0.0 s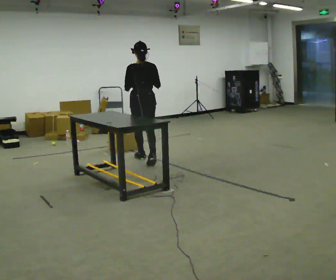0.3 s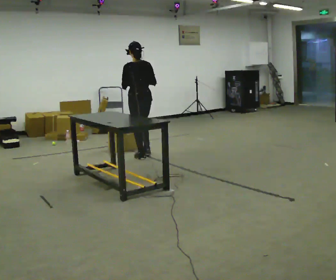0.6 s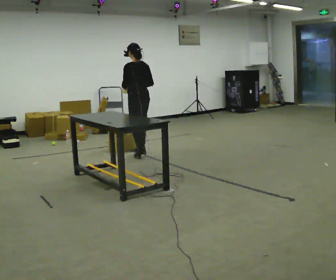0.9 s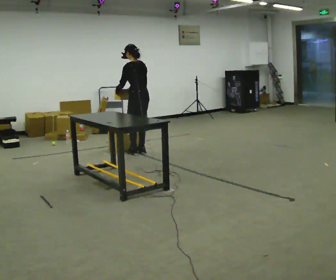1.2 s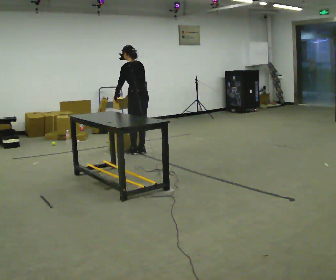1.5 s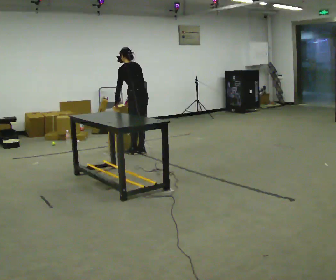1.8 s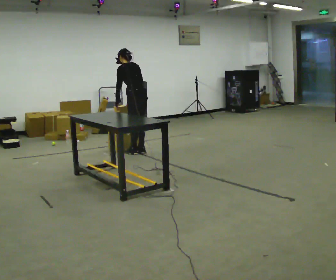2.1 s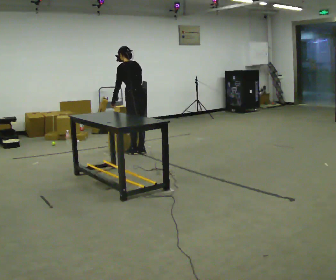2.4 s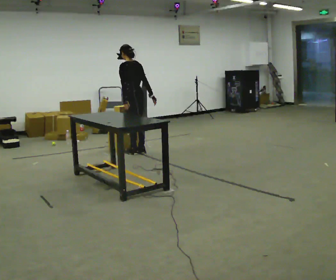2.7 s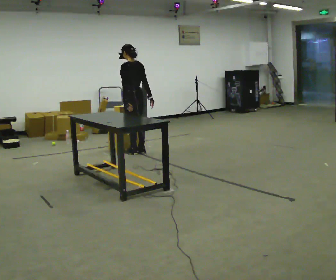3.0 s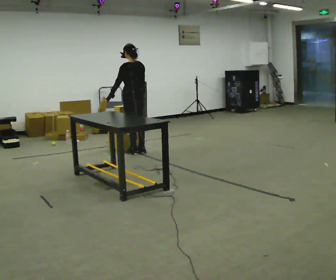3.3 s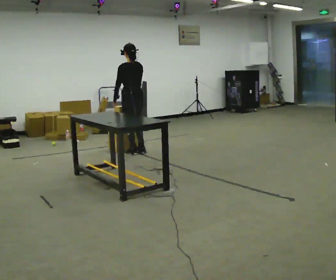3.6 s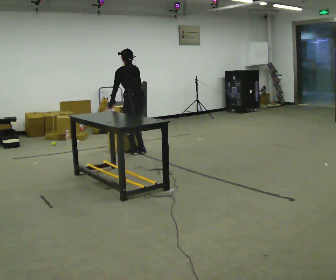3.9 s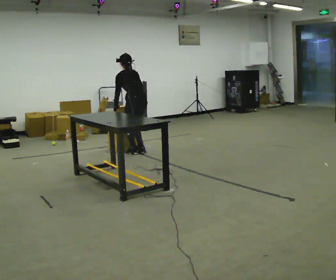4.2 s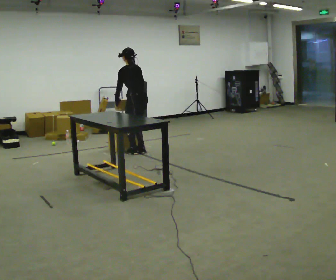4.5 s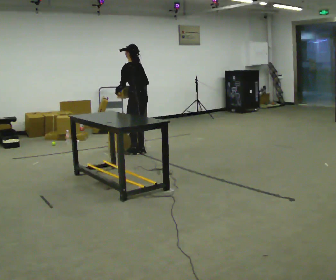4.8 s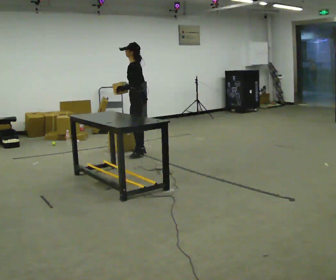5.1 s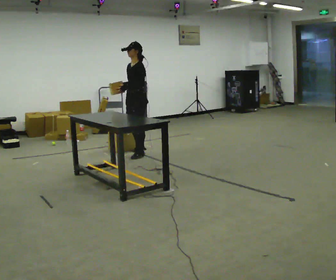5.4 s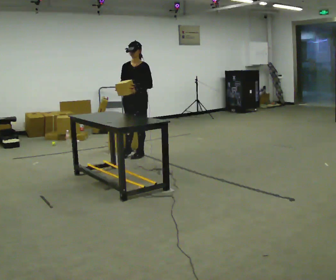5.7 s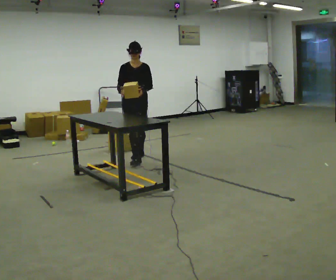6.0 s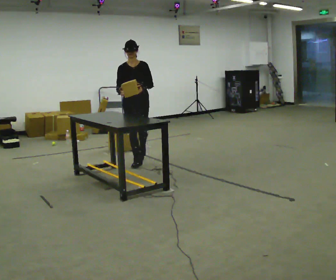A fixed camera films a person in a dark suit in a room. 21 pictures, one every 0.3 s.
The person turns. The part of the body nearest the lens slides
to the right.
The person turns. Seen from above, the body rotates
counterclockwise.
0.0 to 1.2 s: Seen from above the body turns counterclockwise, about 30 degrees: to their left, with its near side sliding to the right. In the picture they go away from the camera, about 0.5 m in 2 steps, which for them is forward and to their right. The upper body tips away from the camera, its near side rolling upward, as they bend forward.
1.2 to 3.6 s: The person moves a little, or ends about where they began.
3.6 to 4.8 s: The part of the body nearest the lens slides to the right as the person turns to their left by about 60 degrees.
4.8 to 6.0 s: The part of the body nearest the lens slides to the right as the person turns to their left by about 90 degrees. In the picture they go toward the camera, about 0.5 m in 1 step.
The film runs forward here.
